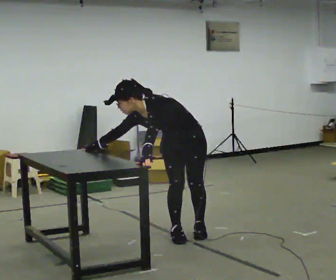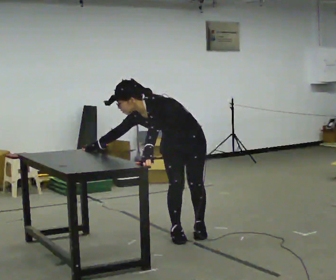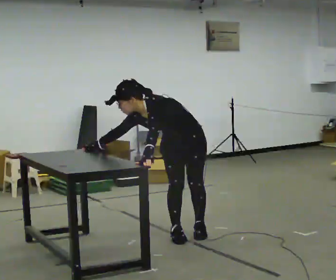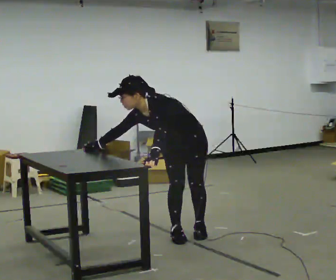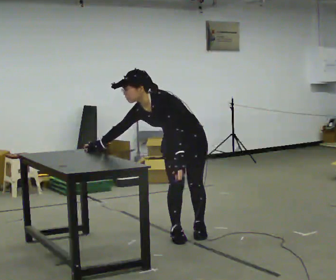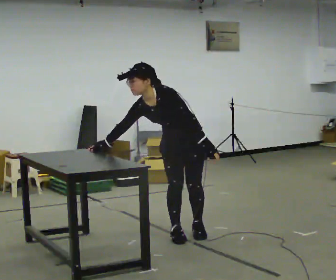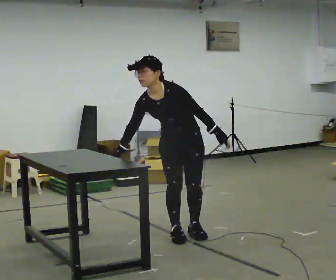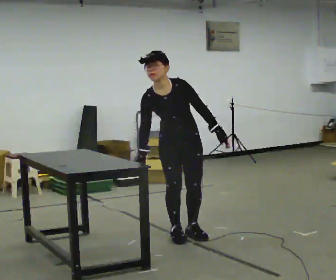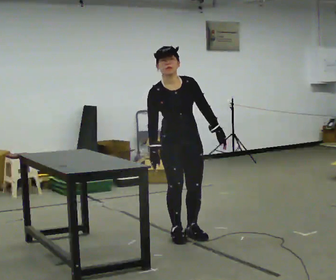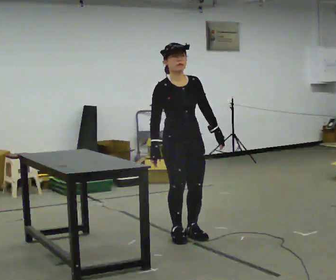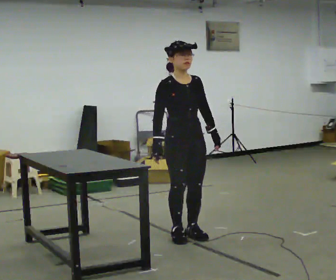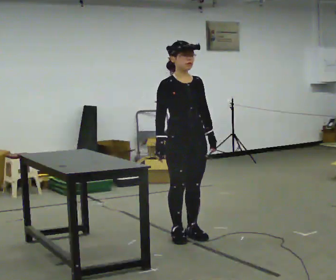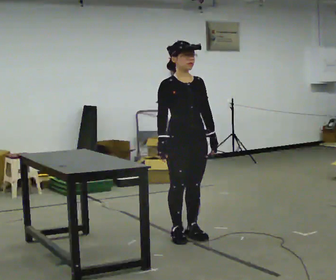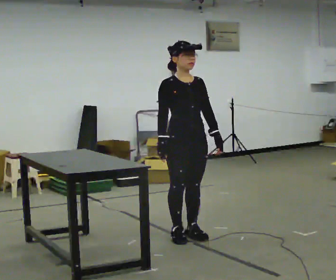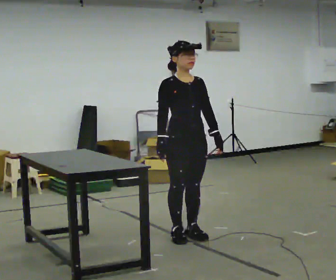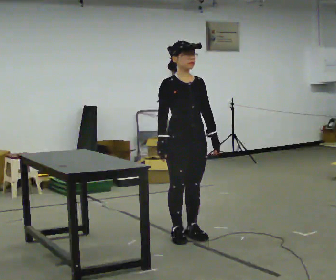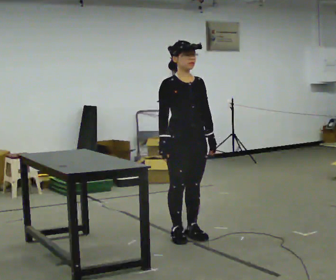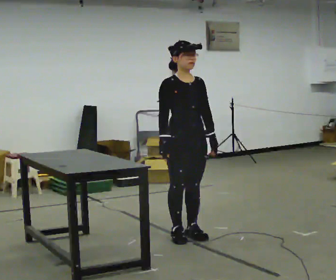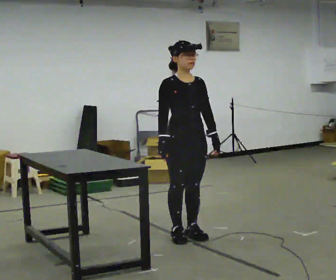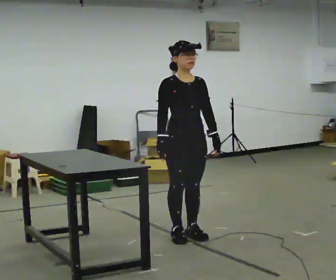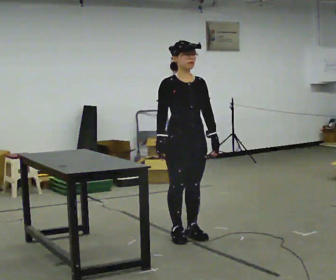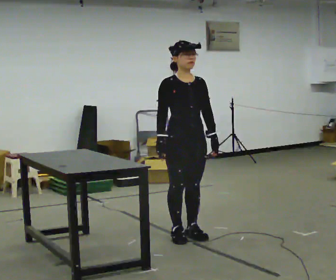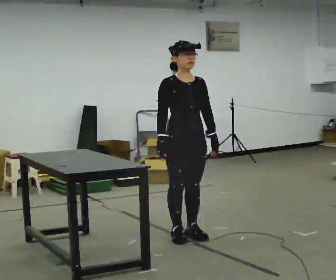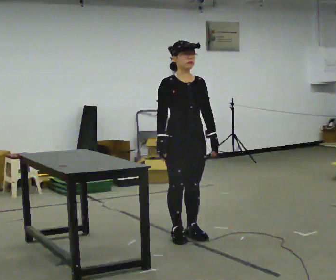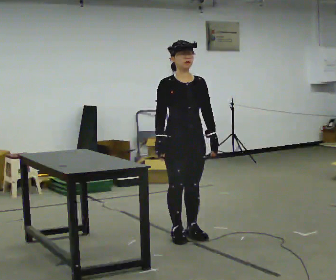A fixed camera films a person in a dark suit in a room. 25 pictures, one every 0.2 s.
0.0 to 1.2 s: In the picture the upper body tilts clockwise, shoulders to the right, as they lean back or straighten. In the picture their left hand goes to the right.
1.2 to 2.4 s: The part of the body nearest the lens slides to the right as the person turns to their left by about 45 degrees. The upper body tips away from the camera, its near side rolling upward, as they lean back or straighten. In the picture their right hand goes to the right.
2.4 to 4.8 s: The person moves a little, or ends about where they began.
The film runs forward here.
